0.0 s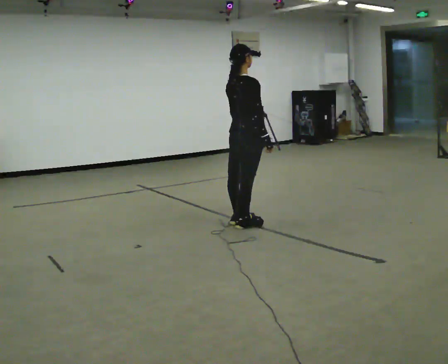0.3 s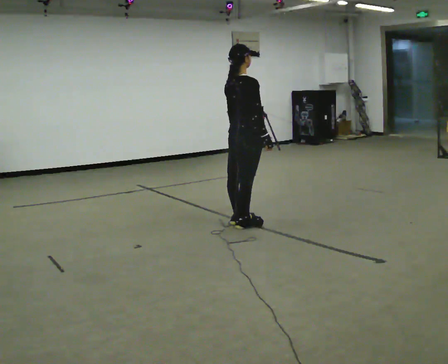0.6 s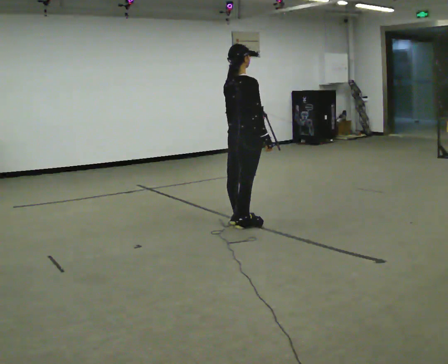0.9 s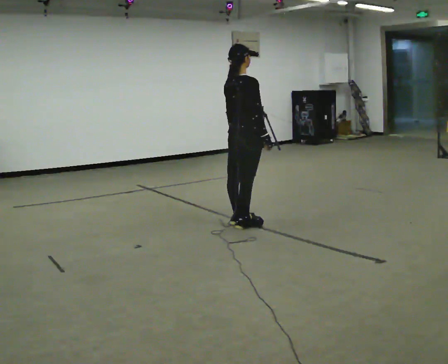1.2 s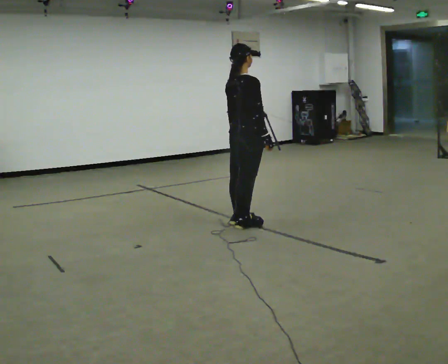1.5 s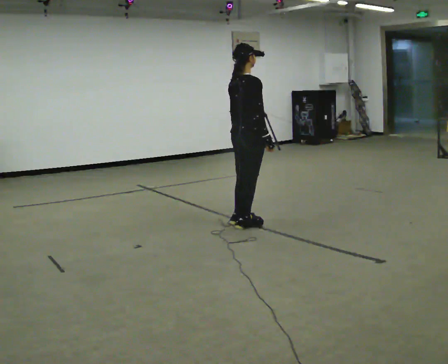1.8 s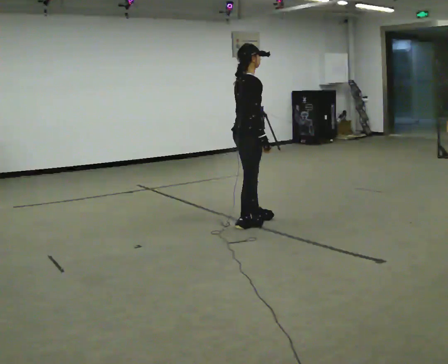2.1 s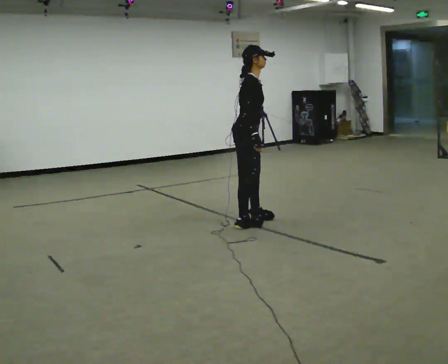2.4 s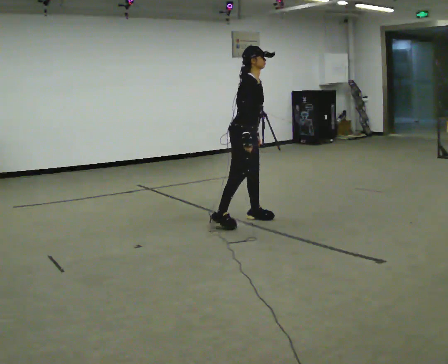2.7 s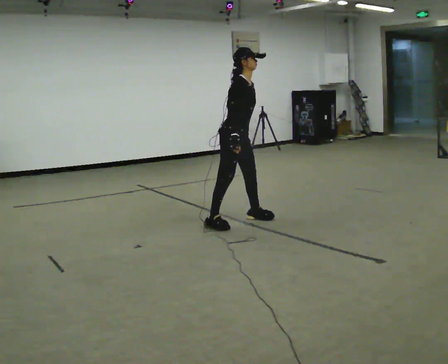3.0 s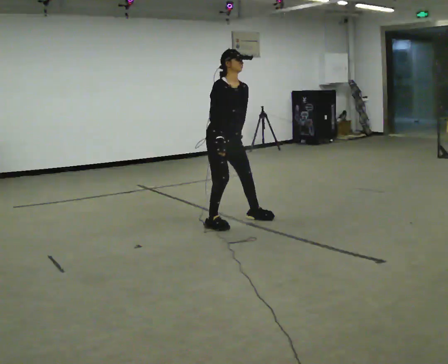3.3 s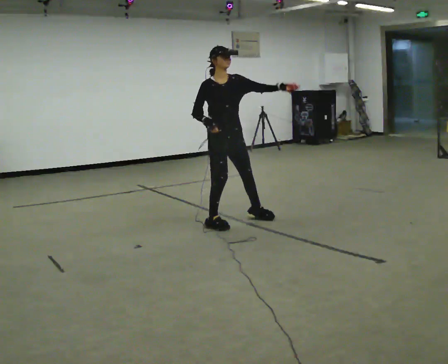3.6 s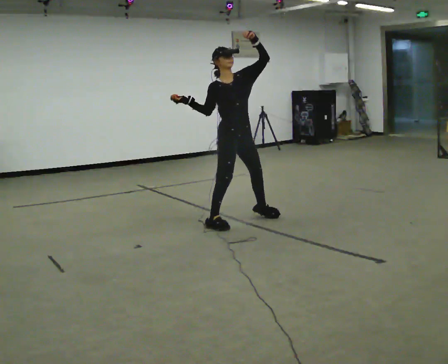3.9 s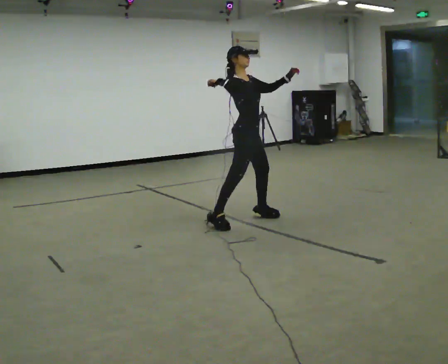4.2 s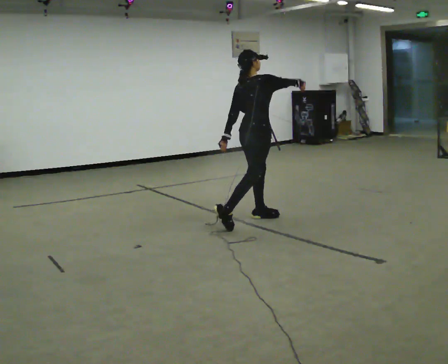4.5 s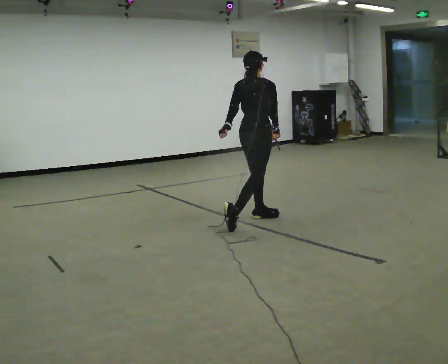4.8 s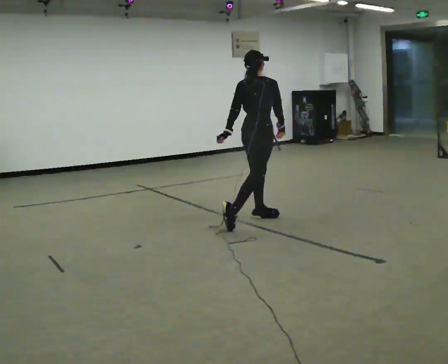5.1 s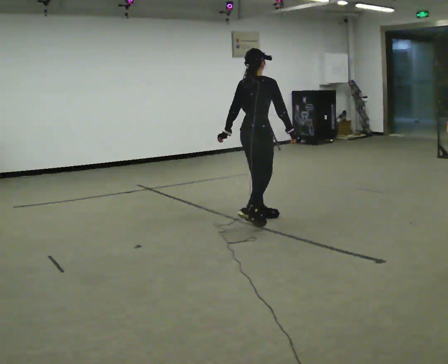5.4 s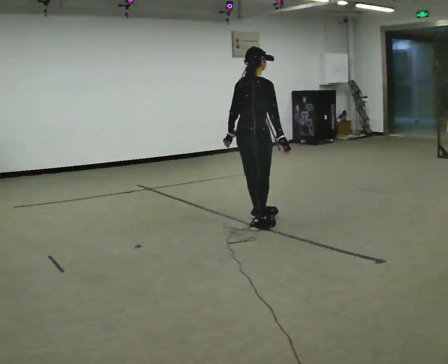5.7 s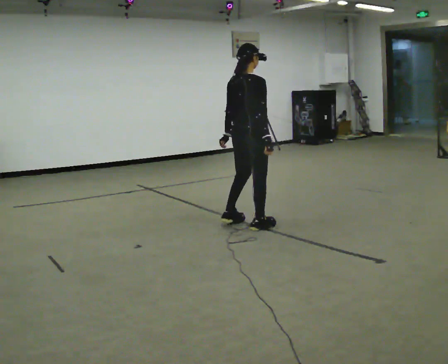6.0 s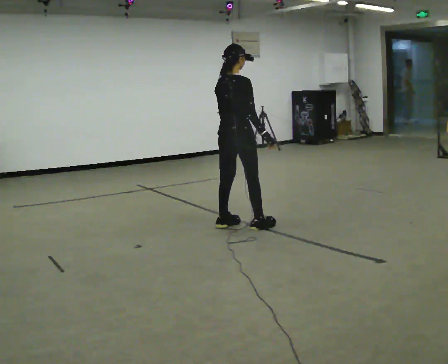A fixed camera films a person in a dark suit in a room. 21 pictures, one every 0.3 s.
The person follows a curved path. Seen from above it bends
counterclockwise.
0.0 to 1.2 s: The person moves a little, or ends about where they began.
1.2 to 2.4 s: Seen from above the body turns clockwise, about 60 degrees: to their right, with its near side sliding to the left. In the picture they go away from the camera, about 0.25 m in 1 step.
2.4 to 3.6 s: The part of the body nearest the lens slides to the left as the person turns to their right by about 30 degrees. In the picture the upper body tilts counterclockwise, shoulders to the left, as they lean back or straighten. In the picture their left hand goes upward, the arm swinging counterclockwise.
3.6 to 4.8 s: Seen from above the body turns counterclockwise, about 105 degrees: to their left, with its near side sliding to the right. In the picture they go to the right, about 0.25 m in 1 step. In the picture the upper body tilts clockwise, shoulders to the right. In the picture their left hand goes downward, the arm swinging clockwise.
4.8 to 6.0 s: In the picture they go to the left and toward the camera, about 0.25 m in 2 steps, which for them is backward.
The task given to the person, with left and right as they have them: Mime a tennis serve with no racket: toss, reach up, strike and follow through. Repeat the movement at your own pace until the operator says stop; do not rush.
The film runs forward here.
